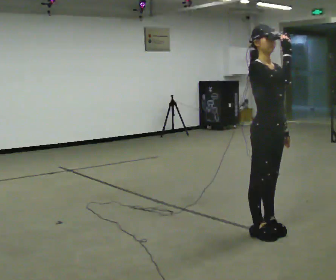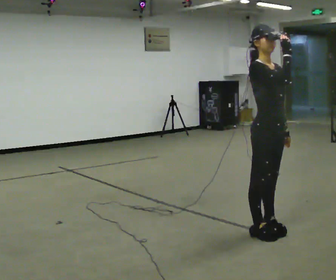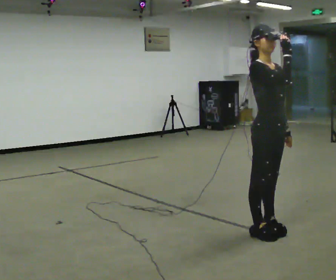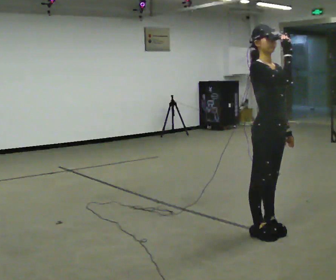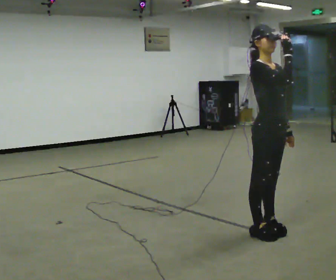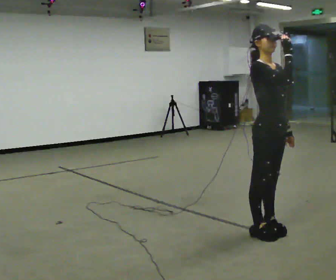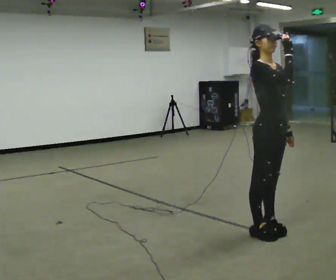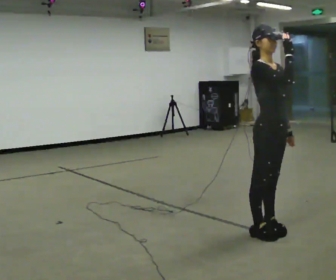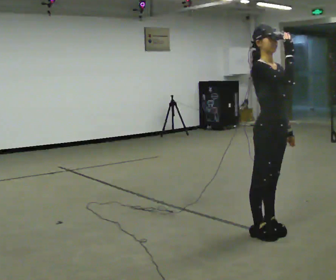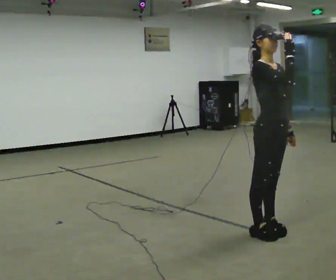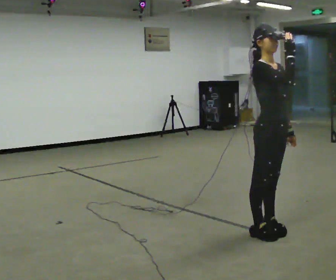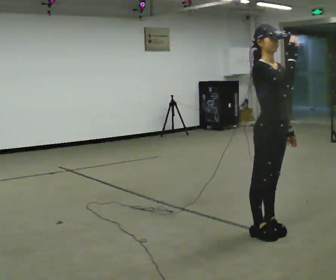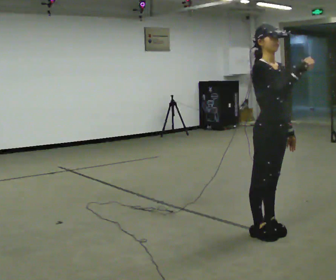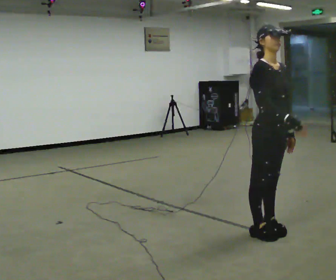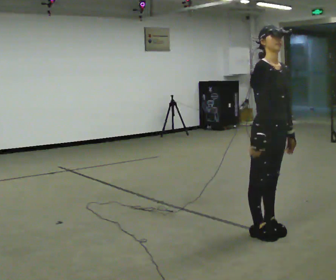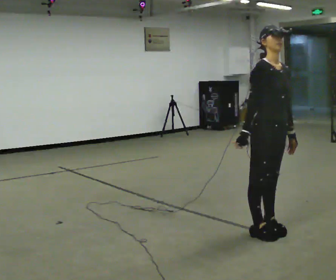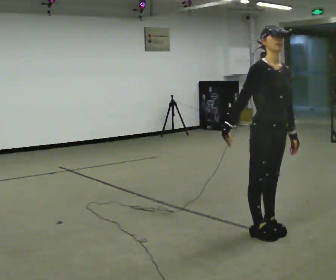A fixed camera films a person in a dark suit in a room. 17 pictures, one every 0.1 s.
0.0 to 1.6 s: In the picture their right hand goes downward and to the left.
The film runs forward here.
